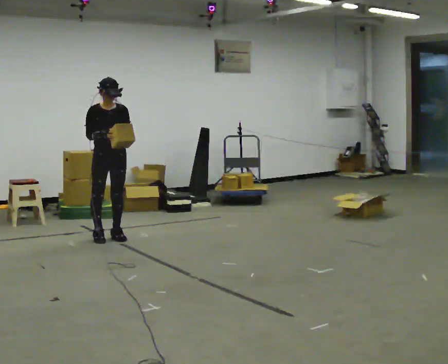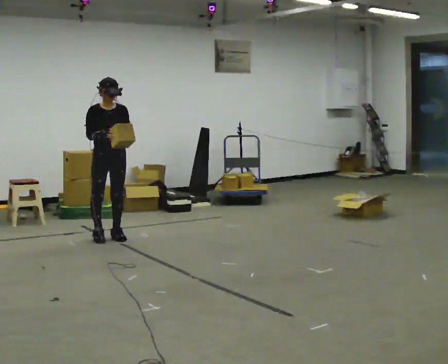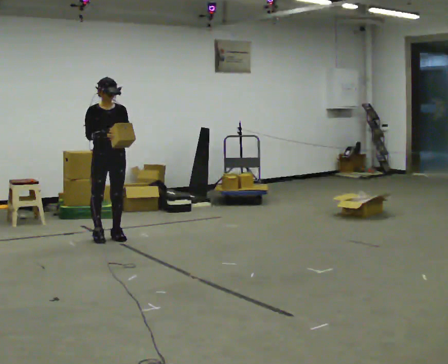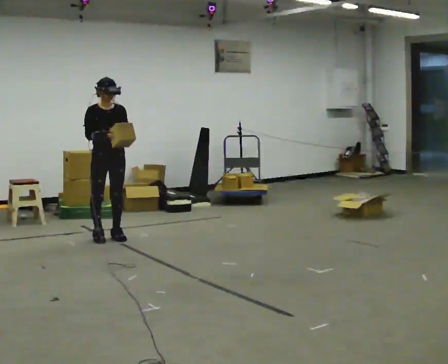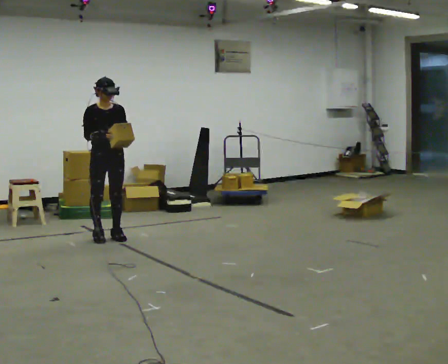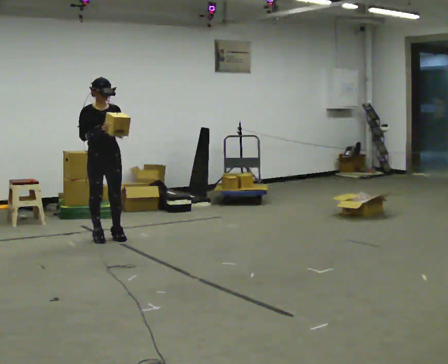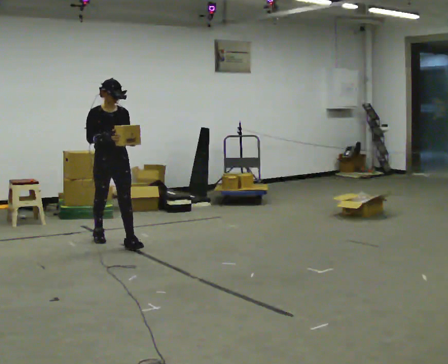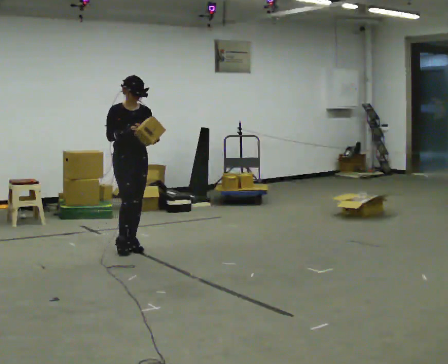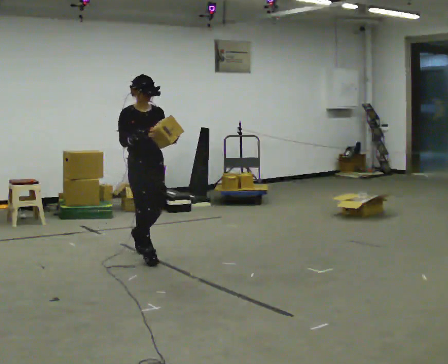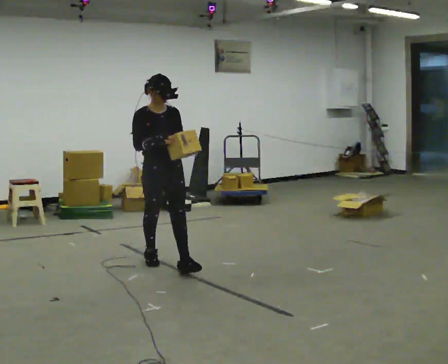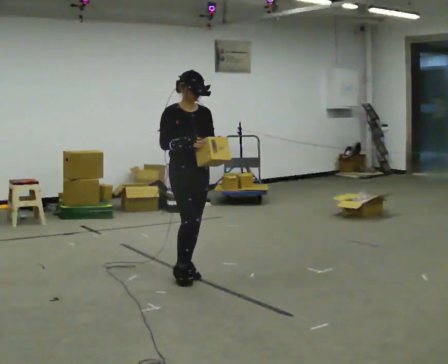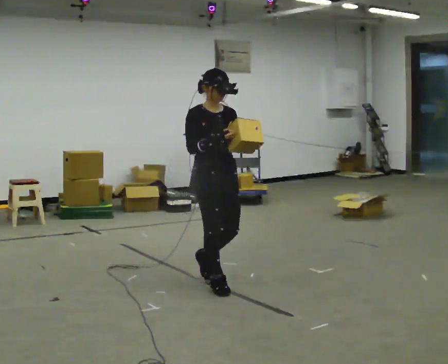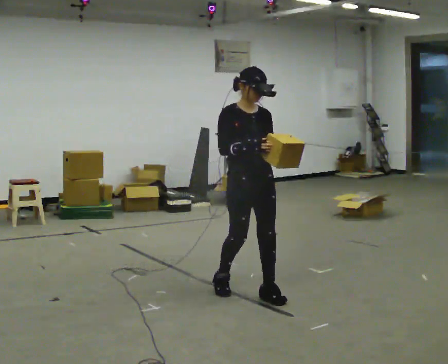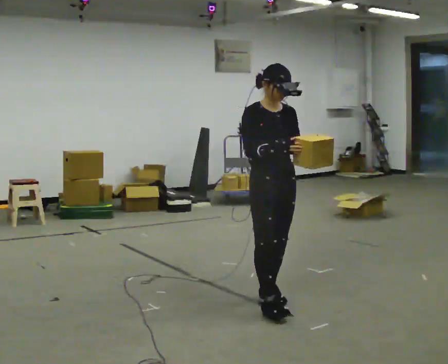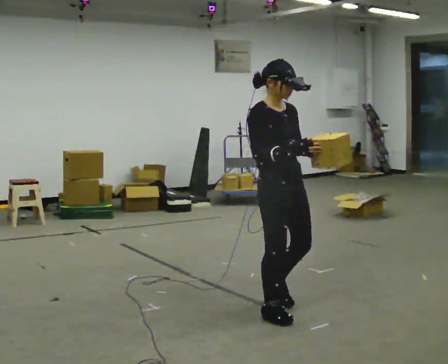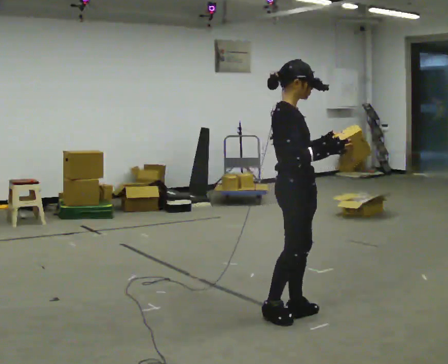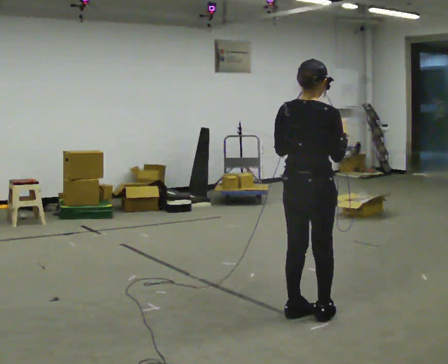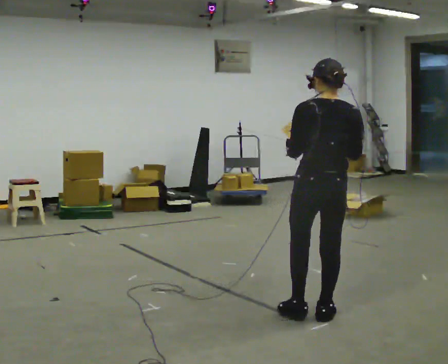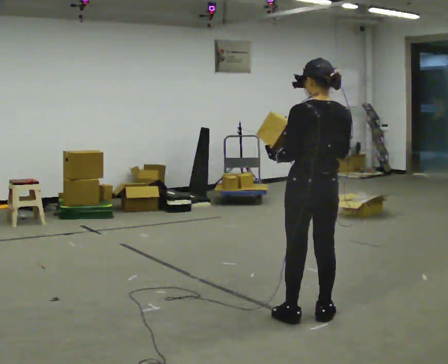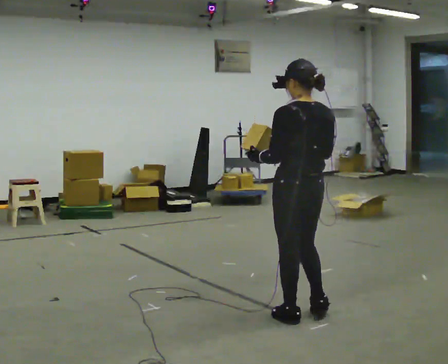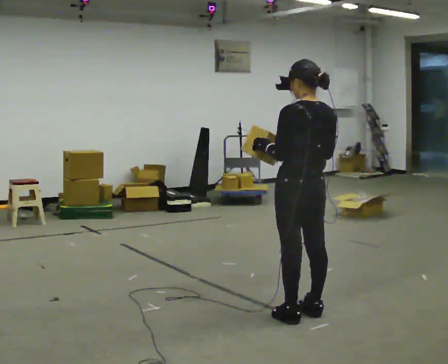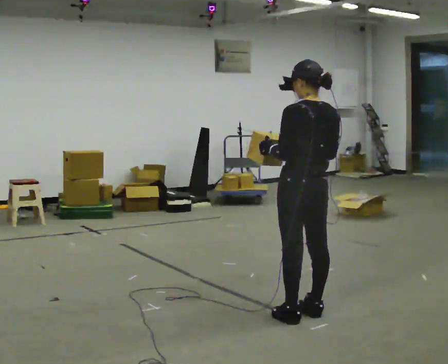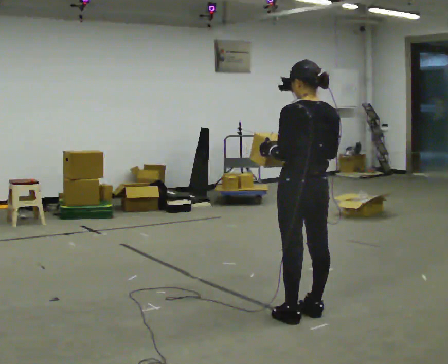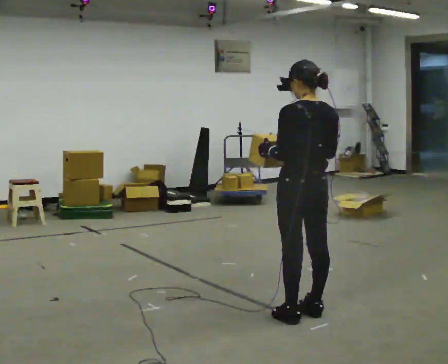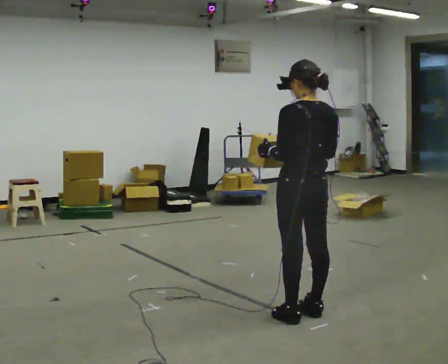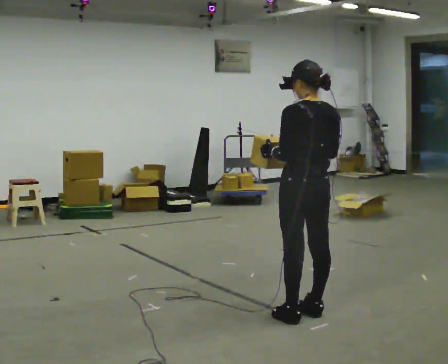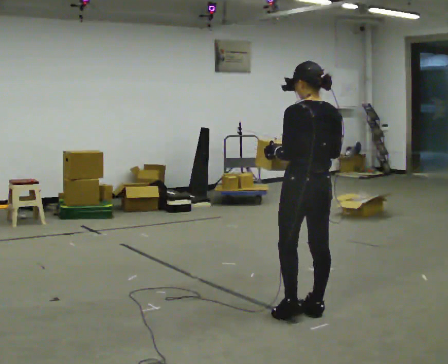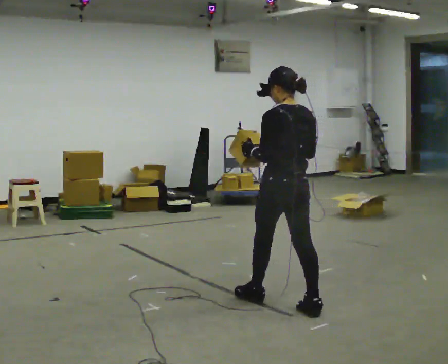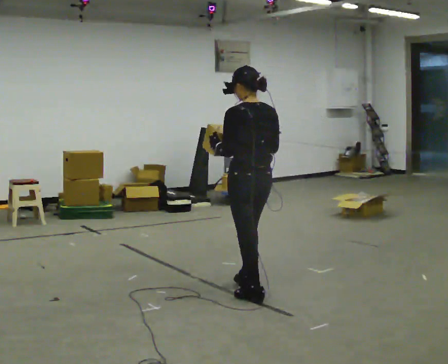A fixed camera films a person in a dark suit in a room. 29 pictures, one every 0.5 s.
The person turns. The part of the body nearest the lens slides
to the right.
The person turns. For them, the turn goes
to their left.
0.0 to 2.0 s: The person moves a little, or ends about where they began.
2.0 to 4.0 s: In the picture they go toward the camera and to the right, about 1 m in 2 steps, which for them is forward.
4.0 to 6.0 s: In the picture they go to the right and toward the camera, about 1.5 m in 3 steps, which for them is forward.
6.0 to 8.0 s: The person turns about 120 degrees to their left, counterclockwise seen from above, so the part of the body nearest the lens slides to the right. In the picture they go to the right and toward the camera, about 0.5 m in 3 steps.
8.0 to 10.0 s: Seen from above the body turns counterclockwise, about 60 degrees: to their left, with its near side sliding to the right.
10.0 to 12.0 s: The person moves a little, or ends about where they began.
12.0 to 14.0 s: In the picture they go away from the camera and to the left, about 0.75 m in 1 step, which for them is forward.
The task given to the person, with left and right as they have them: Carry the box and, while you are still walking, turn it so you can read the label, read it out loud, then carry on. Repeat with the next box. Do not stop to read it.
The film runs forward here.
